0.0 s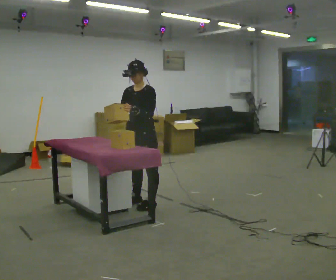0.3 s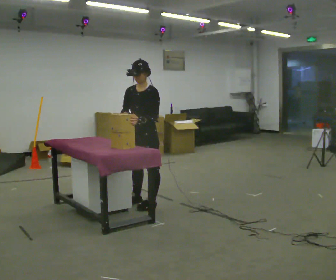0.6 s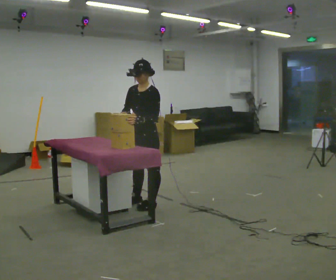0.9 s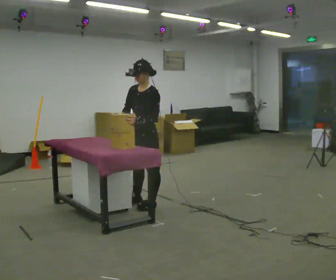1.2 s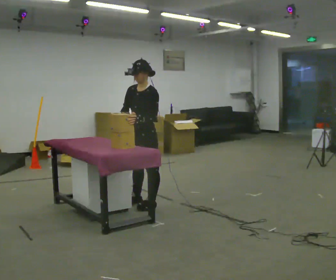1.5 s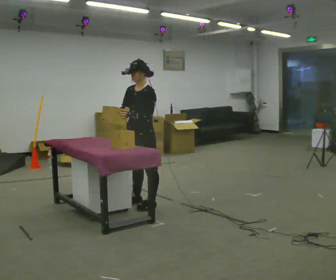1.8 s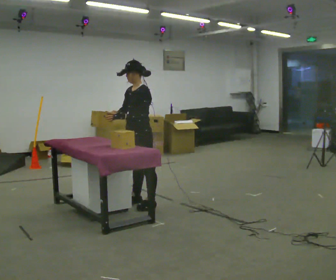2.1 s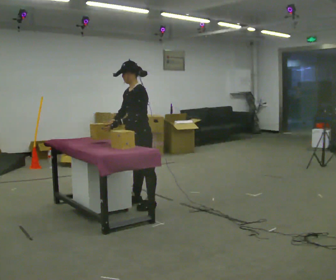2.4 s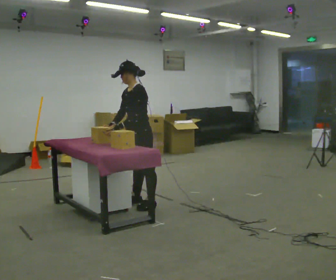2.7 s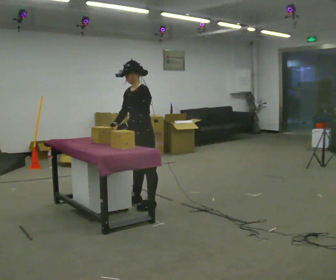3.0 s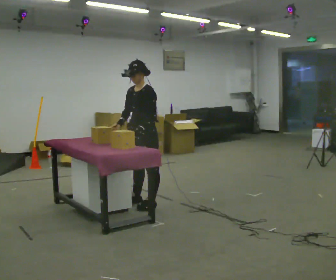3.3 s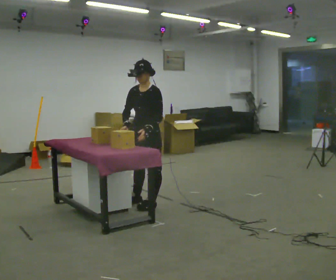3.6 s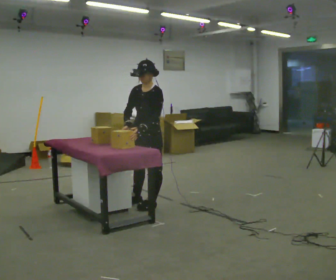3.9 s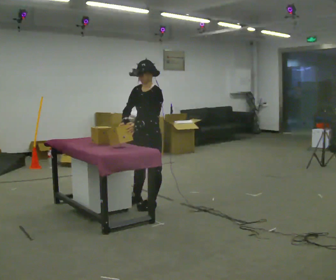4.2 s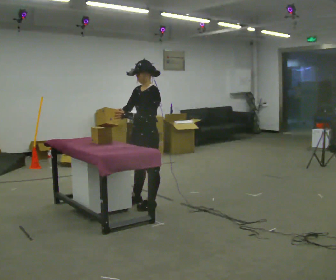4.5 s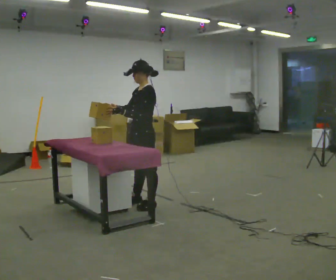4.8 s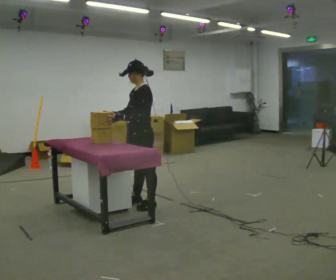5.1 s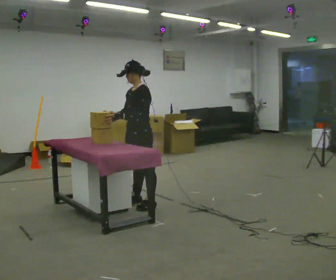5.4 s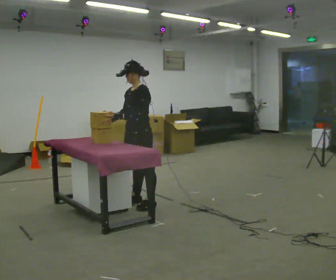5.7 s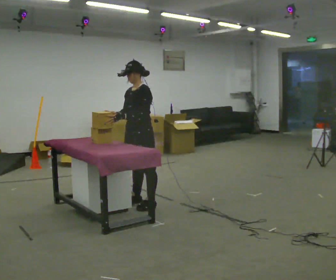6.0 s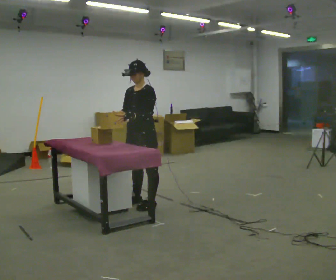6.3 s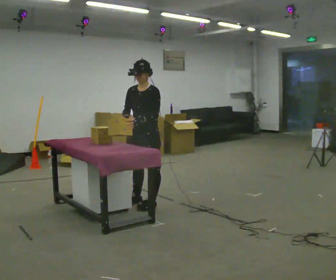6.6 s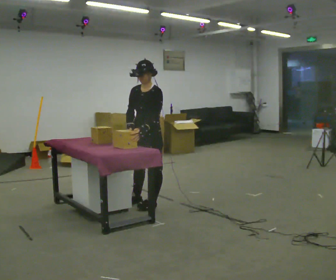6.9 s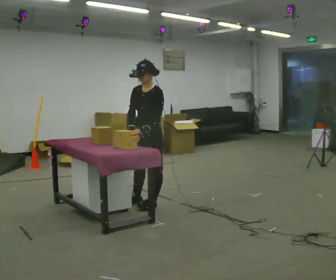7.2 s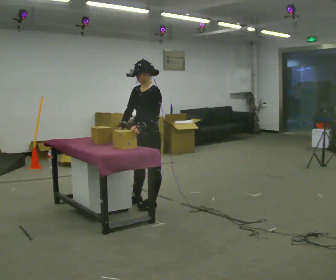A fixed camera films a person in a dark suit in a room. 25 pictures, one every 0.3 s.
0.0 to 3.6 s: The person moves a little, or ends about where they began.
3.6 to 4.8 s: The person turns about 30 degrees to their right, clockwise seen from above, so the part of the body nearest the lens slides to the left.
4.8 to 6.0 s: The person turns about 30 degrees to their left, counterclockwise seen from above, so the part of the body nearest the lens slides to the right.
6.0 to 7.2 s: The person moves a little, or ends about where they began.
The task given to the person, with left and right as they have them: Lift the heavy object with both hands and set it down again in a different spot on the same surface. Repeat at your own pace until the operator says stop. Keep both feet on the marked spots for the whole take. If you have to step, stop and tell the operator.
The film runs forward here.
